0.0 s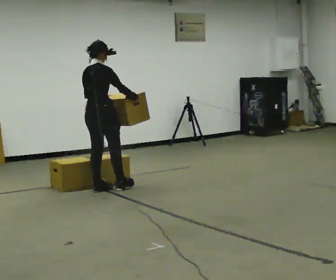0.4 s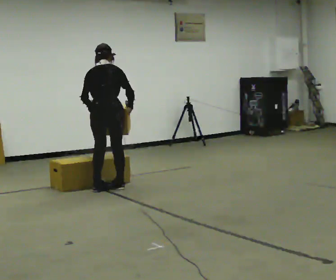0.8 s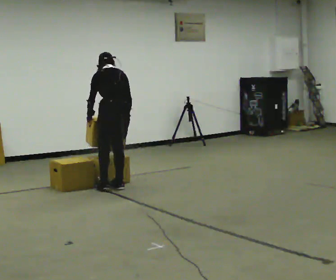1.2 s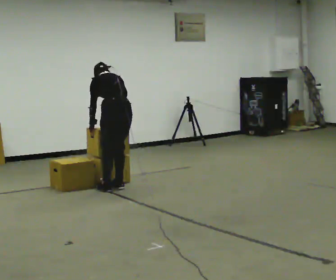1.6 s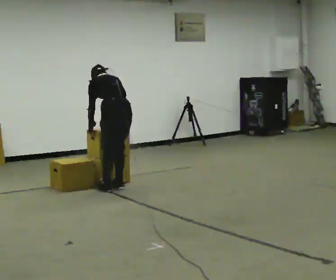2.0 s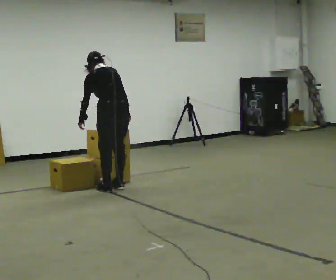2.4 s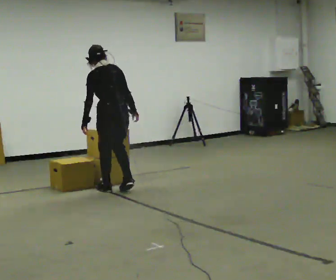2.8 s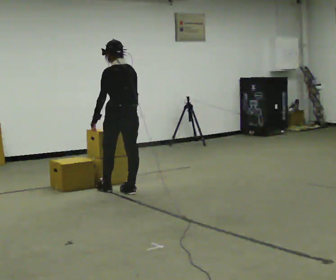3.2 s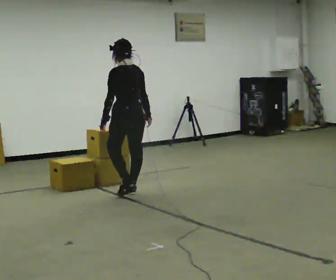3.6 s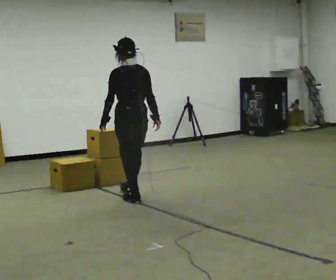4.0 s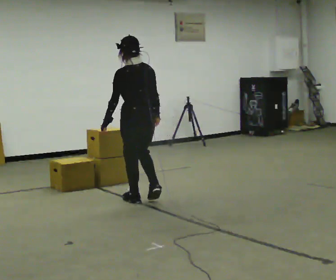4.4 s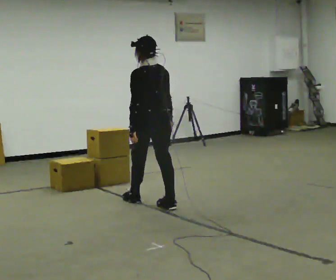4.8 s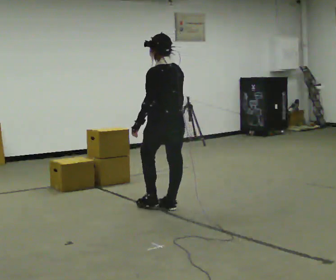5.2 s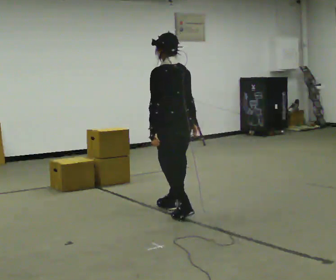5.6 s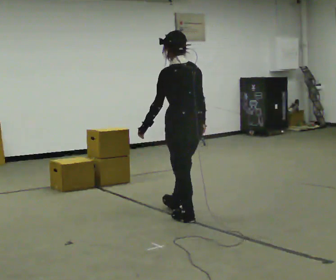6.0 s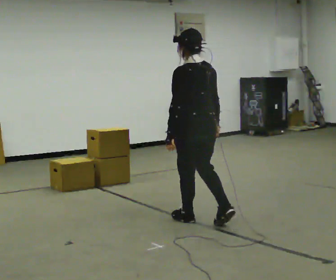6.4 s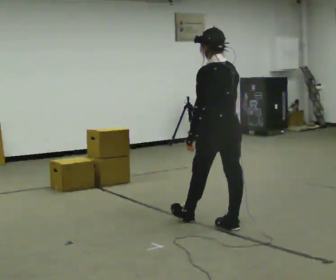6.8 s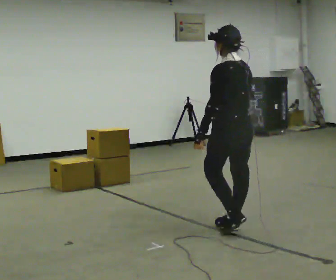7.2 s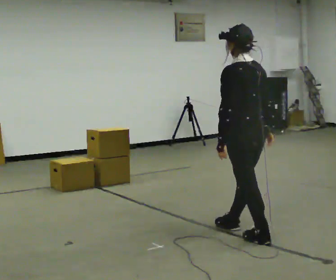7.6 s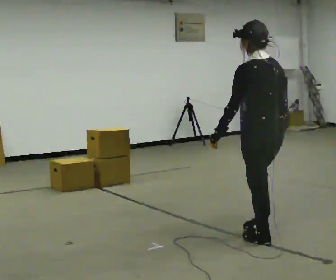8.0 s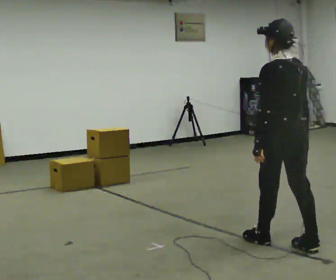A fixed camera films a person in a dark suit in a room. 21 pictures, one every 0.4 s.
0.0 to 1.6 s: The part of the body nearest the lens slides to the right as the person turns to their left by about 75 degrees. In the picture they go to the right, about 0.25 m in 1 step. The upper body tips away from the camera, its near side rolling upward, as they bend forward. In the picture their left hand goes downward.
1.6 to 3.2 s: In the picture they go toward the camera, about 0.25 m in 2 steps, which for them is backward. The upper body tips toward the camera, its near side rolling downward, as they lean back or straighten.
3.2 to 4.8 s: In the picture they go toward the camera and to the right, about 0.5 m in 2 steps, which for them is backward.
4.8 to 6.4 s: In the picture they go toward the camera and to the right, about 1 m in 1 step, which for them is backward.
6.4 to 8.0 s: In the picture they go toward the camera and to the right, about 0.75 m in 2 steps, which for them is backward.
The film runs backward here.
